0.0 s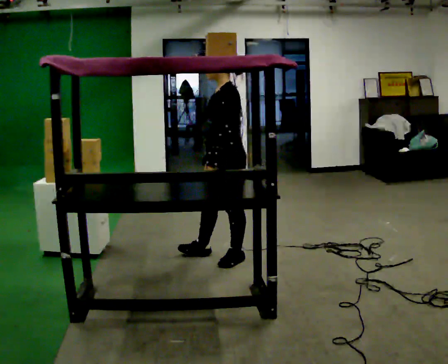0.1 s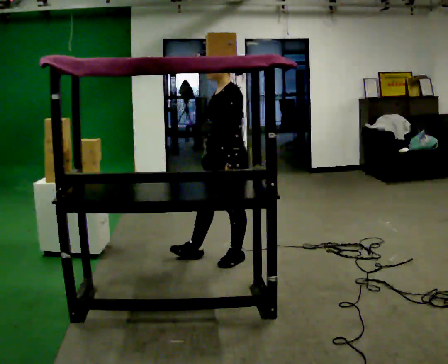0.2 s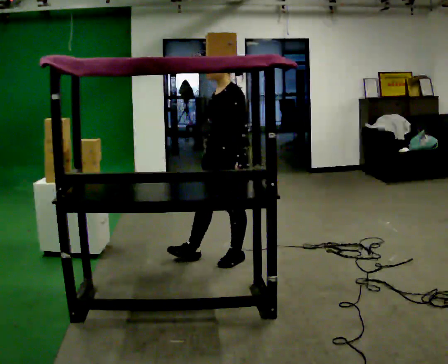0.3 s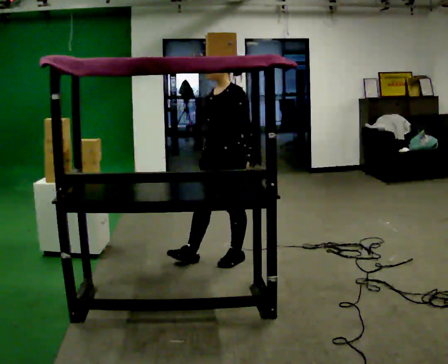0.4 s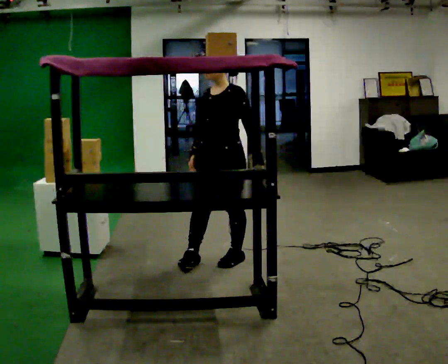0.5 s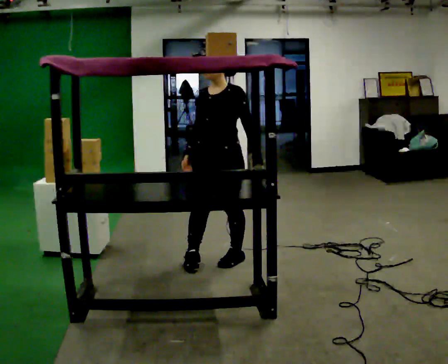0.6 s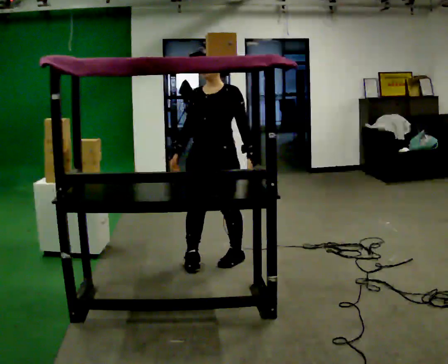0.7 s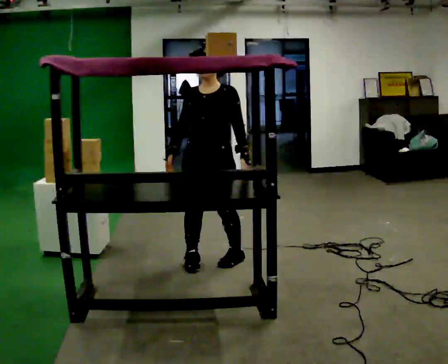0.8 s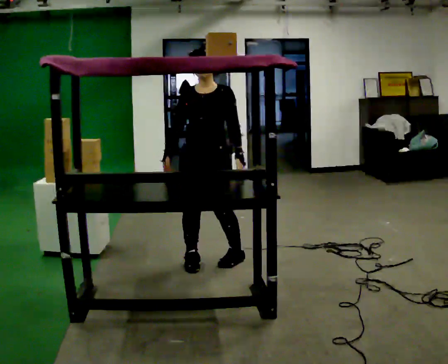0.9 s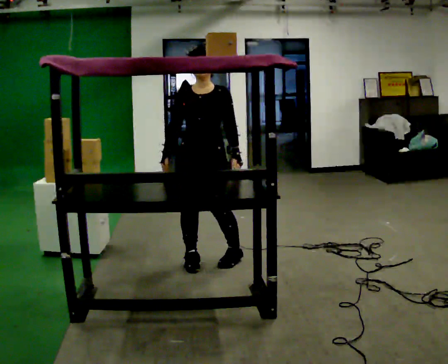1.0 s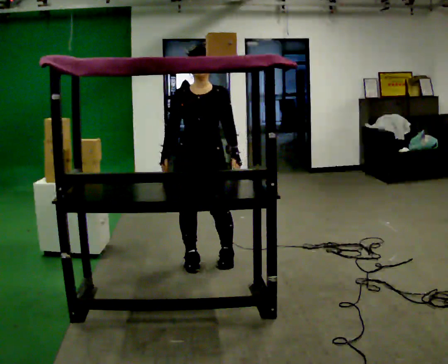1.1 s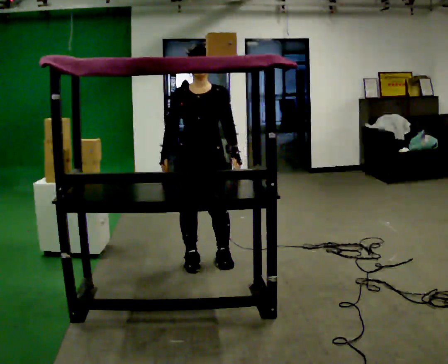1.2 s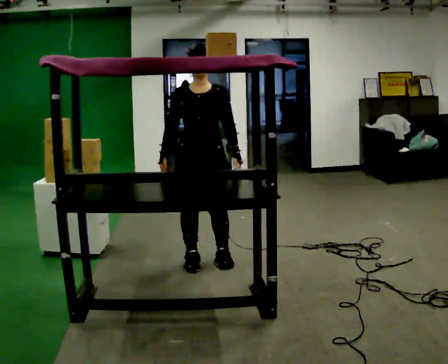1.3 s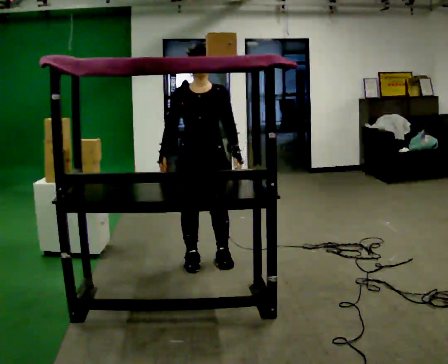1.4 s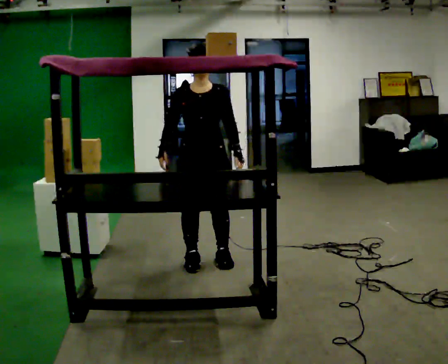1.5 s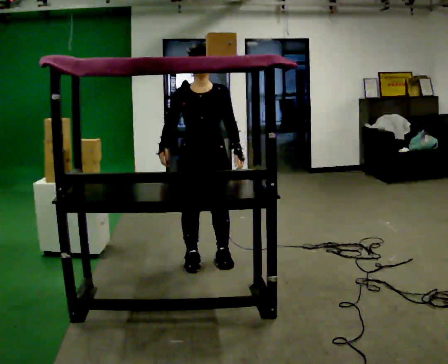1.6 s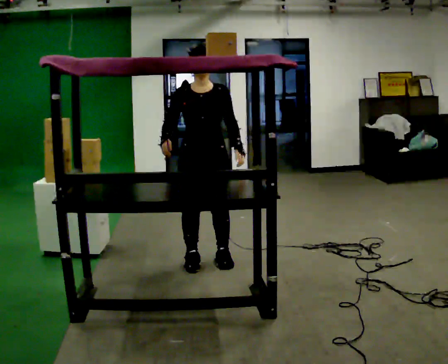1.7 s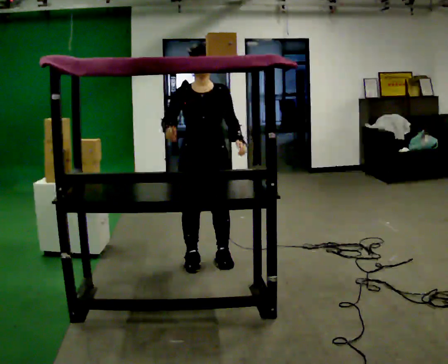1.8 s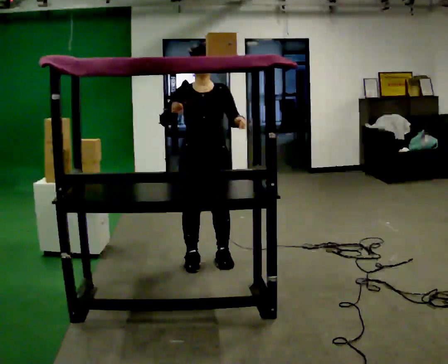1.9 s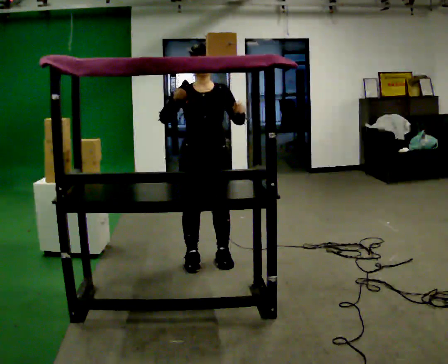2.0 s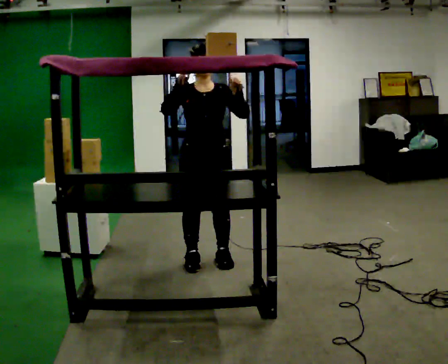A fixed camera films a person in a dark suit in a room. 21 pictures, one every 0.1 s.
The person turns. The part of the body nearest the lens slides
to the right.
Their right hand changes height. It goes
upward.
0.0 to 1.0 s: The part of the body nearest the lens slides to the right as the person turns to their left by about 75 degrees. In the picture they go to the left, about 0.25 m. In the picture their right hand goes to the left.
1.0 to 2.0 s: In the picture their right hand goes upward.
The film runs backward here.
